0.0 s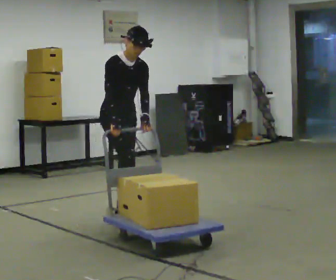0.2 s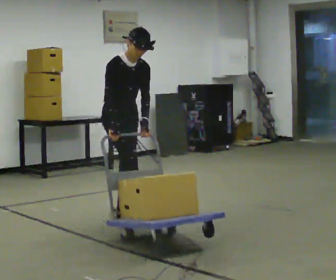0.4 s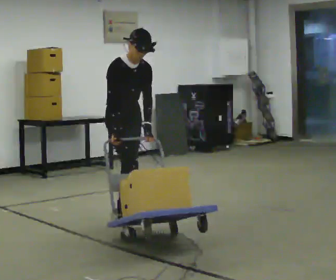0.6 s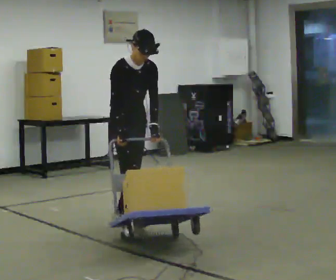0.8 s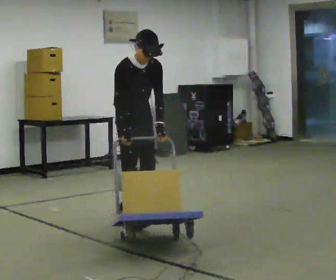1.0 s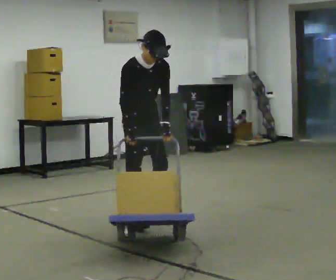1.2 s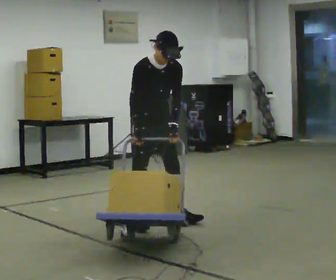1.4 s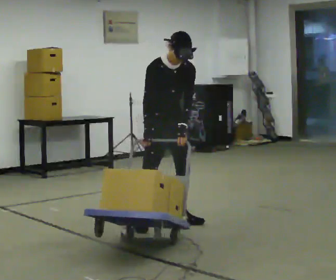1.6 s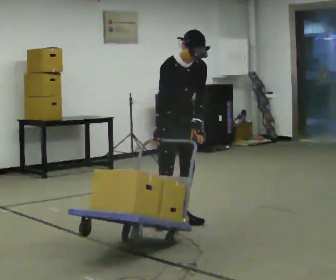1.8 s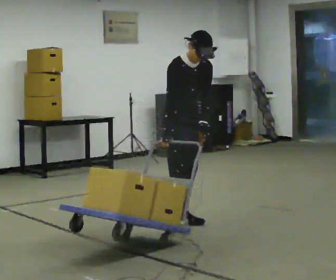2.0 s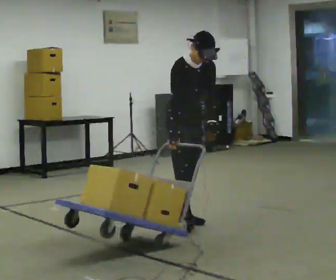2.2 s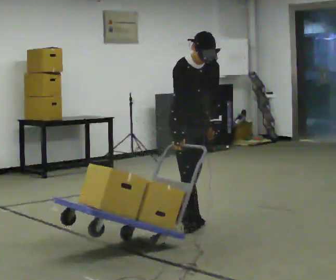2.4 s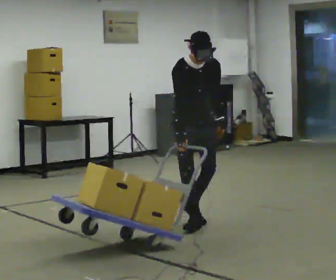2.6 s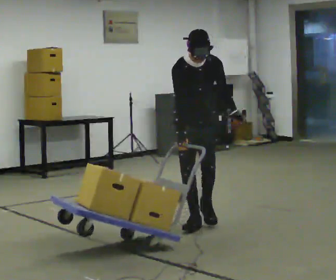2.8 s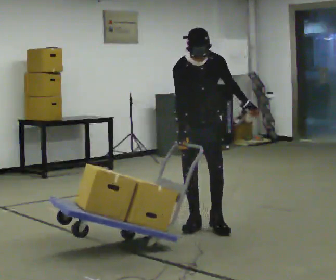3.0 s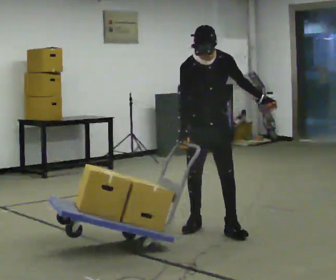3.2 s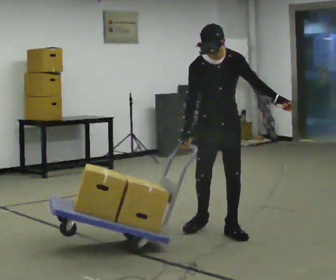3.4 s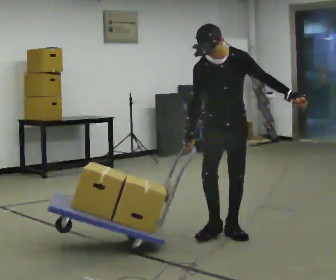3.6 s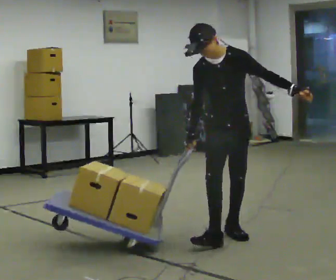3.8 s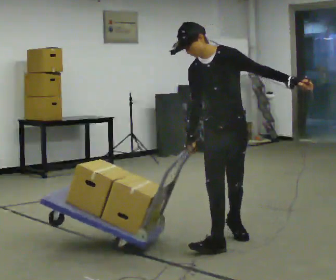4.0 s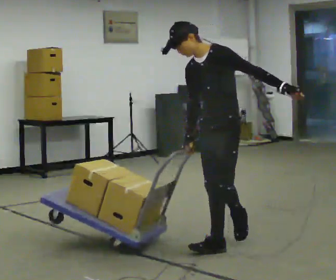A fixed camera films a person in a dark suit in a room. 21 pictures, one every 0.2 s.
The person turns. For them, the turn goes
to their right.
The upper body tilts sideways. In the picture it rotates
counterclockwise.
0.0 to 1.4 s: In the picture they go to the right, about 0.5 m in 1 step, which for them is forward and to their left.
1.4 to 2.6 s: In the picture they go to the right, about 0.25 m in 1 step, which for them is forward and to their left.
2.6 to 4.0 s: The person turns about 60 degrees to their right, clockwise seen from above, so the part of the body nearest the lens slides to the left. In the picture they go toward the camera, about 0.5 m in 2 steps, which for them is forward. The upper body tips away from the camera, its near side rolling upward.
The film runs forward here.
